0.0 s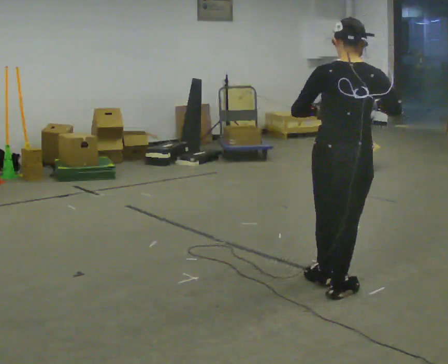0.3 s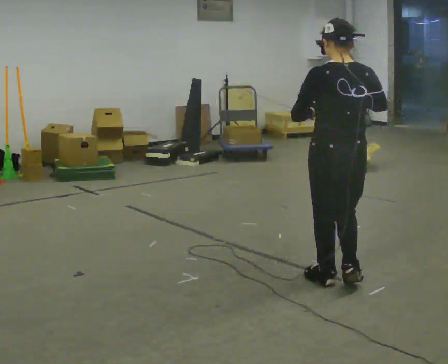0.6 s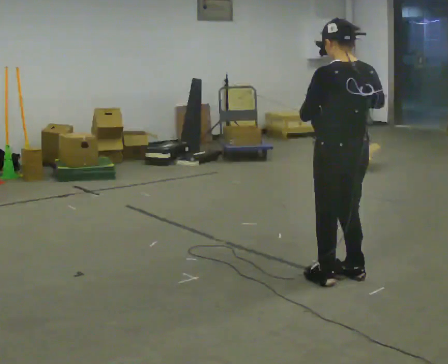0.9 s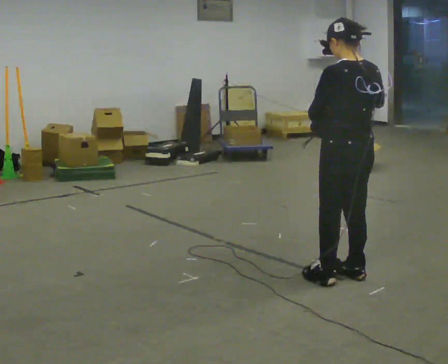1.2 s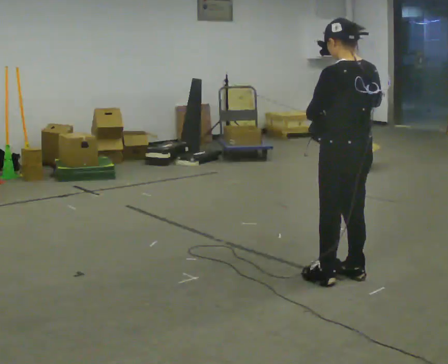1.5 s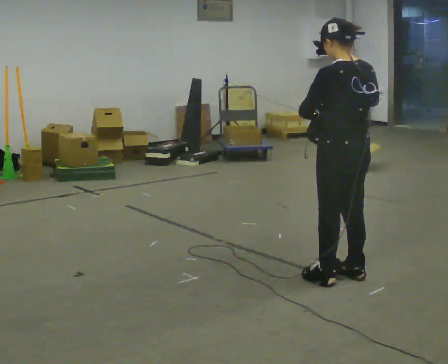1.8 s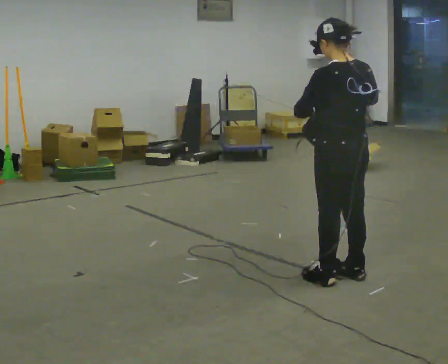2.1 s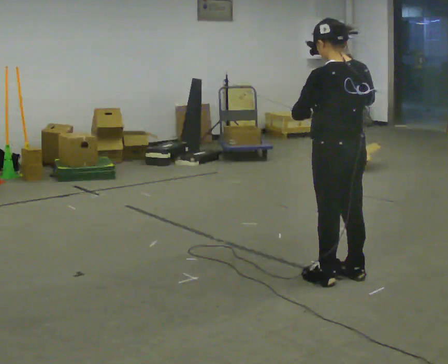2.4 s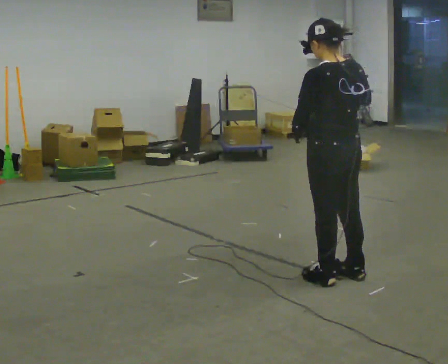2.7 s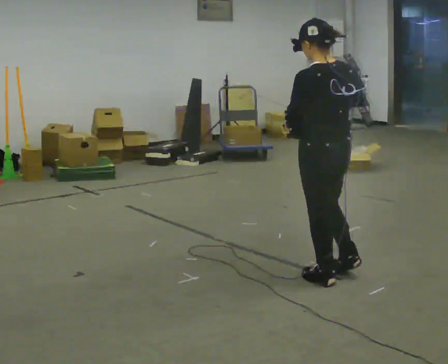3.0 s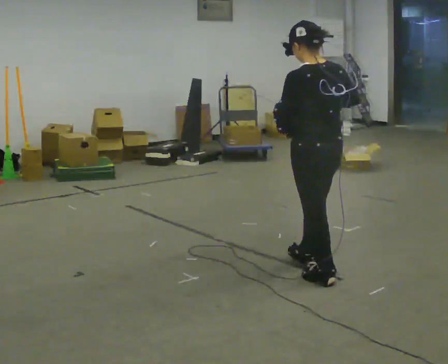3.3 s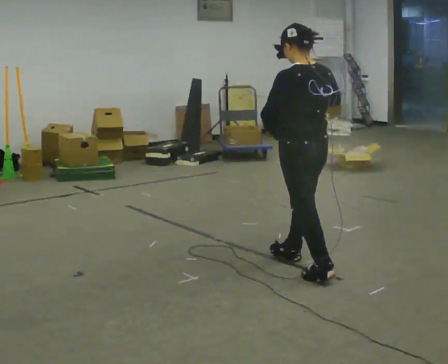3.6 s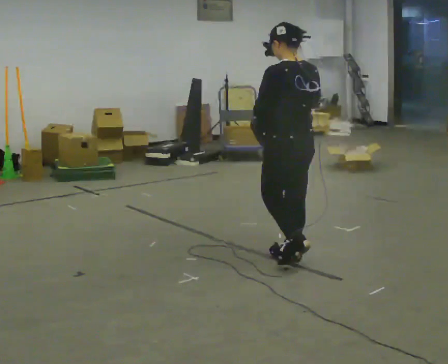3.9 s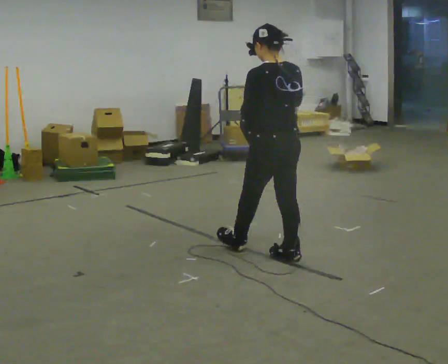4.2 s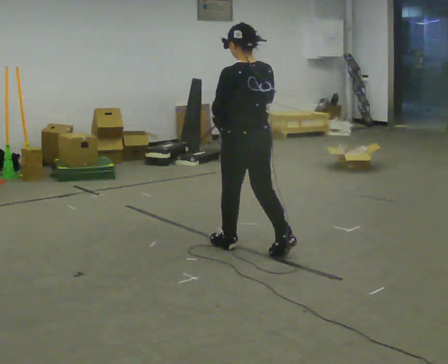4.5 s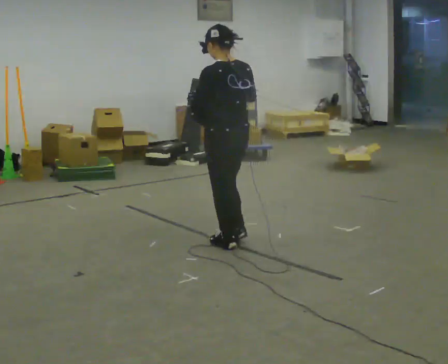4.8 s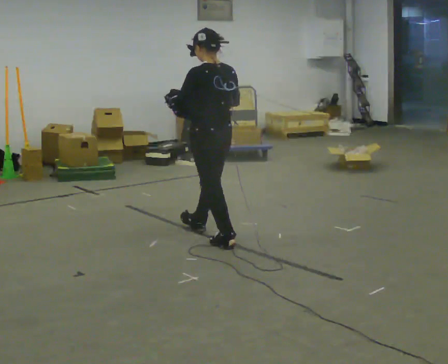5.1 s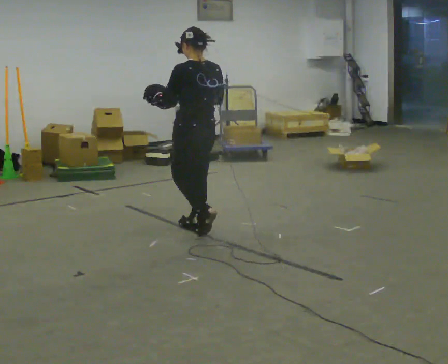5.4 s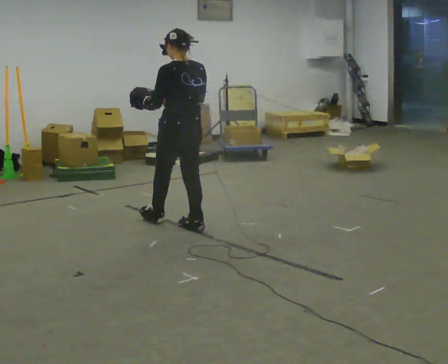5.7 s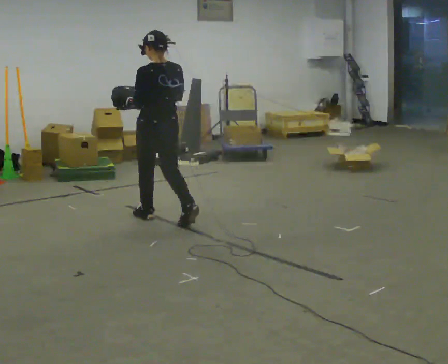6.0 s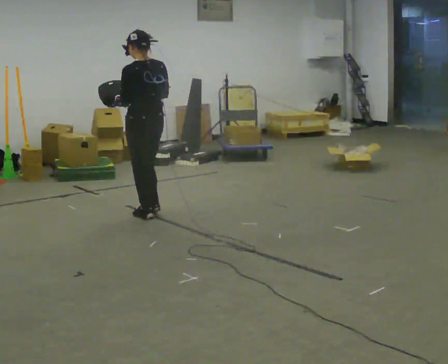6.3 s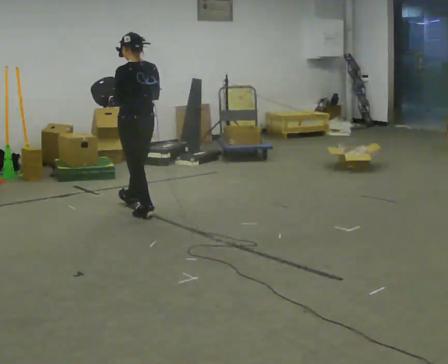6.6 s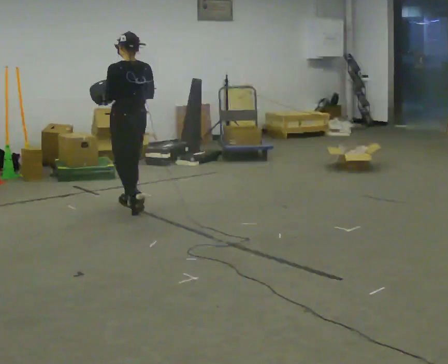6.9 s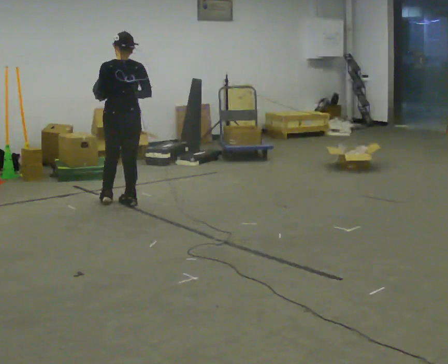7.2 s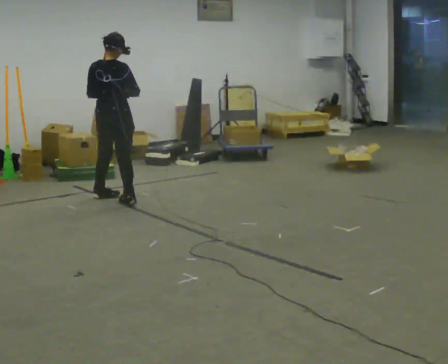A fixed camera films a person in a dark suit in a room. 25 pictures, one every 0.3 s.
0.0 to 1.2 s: Seen from above the body turns counterclockwise, about 30 degrees: to their left, with its near side sliding to the right.
1.2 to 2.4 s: The person moves a little, or ends about where they began.
2.4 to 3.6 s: In the picture they go away from the camera and to the left, about 0.5 m in 1 step, which for them is forward.
3.6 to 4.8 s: In the picture they go away from the camera and to the left, about 0.75 m in 2 steps, which for them is forward.
4.8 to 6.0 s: In the picture they go away from the camera and to the left, about 1 m in 1 step, which for them is forward.
6.0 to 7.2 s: The person turns about 60 degrees to their right, clockwise seen from above, so the part of the body nearest the lens slides to the left. In the picture they go away from the camera and to the left, about 0.75 m in 2 steps.
The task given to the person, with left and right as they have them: Carry the bag and, while walking, undo the buckle or zip, then do it up again. Keep repeating as you walk. Do not stop.
The film runs forward here.
